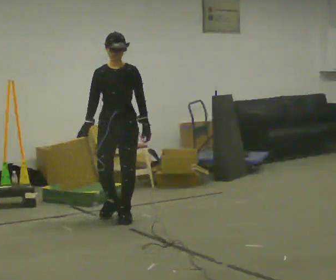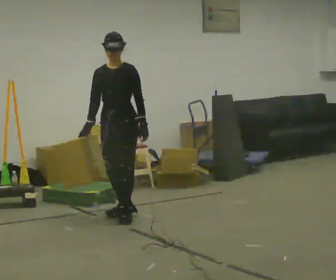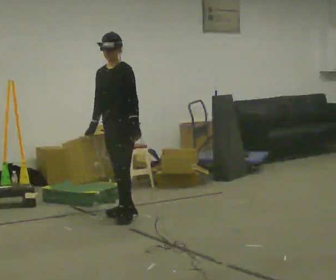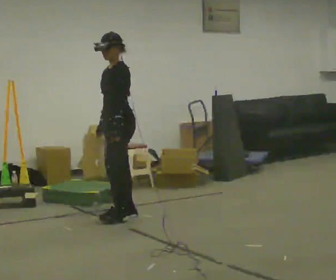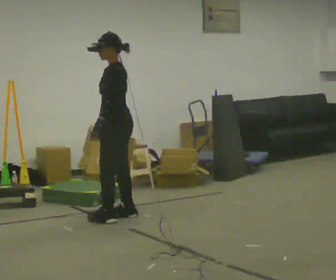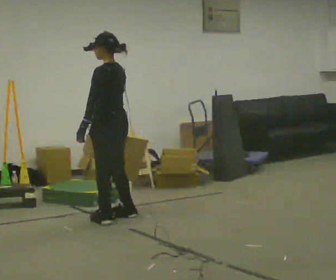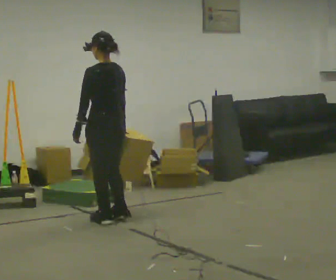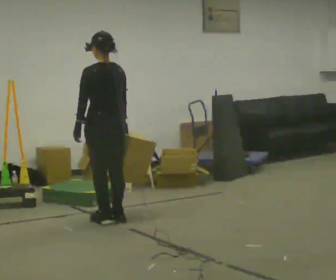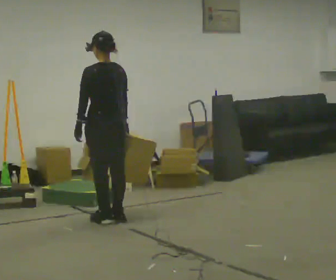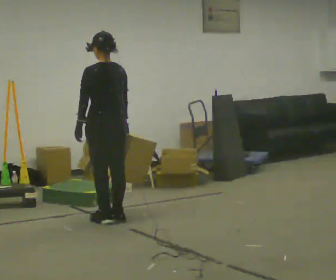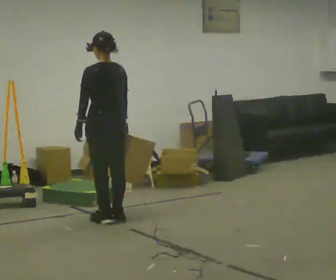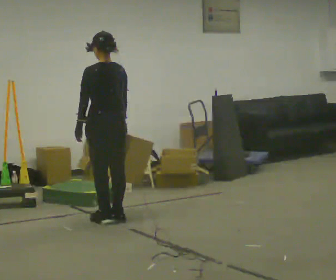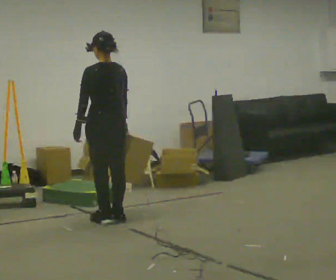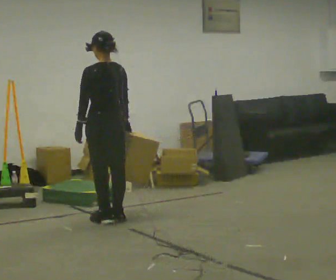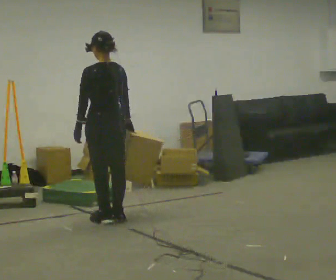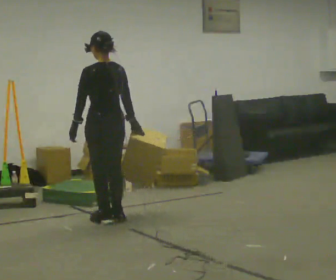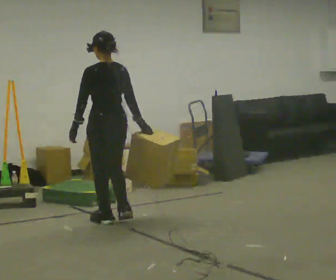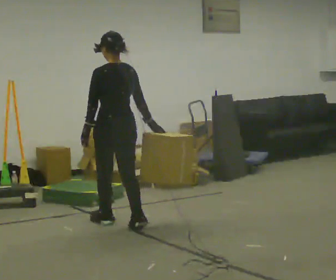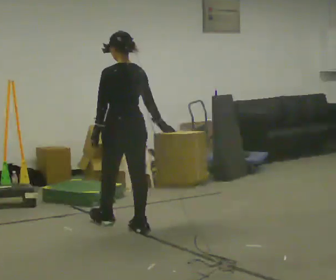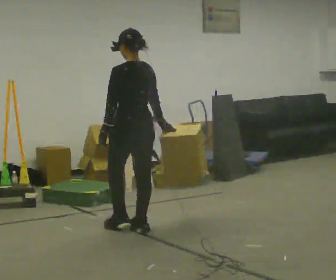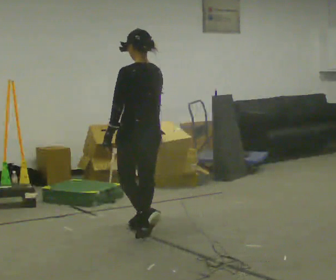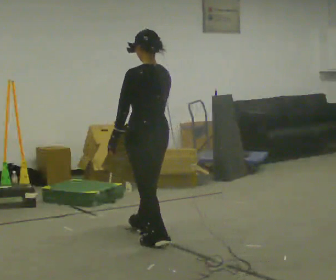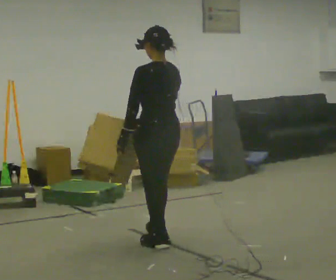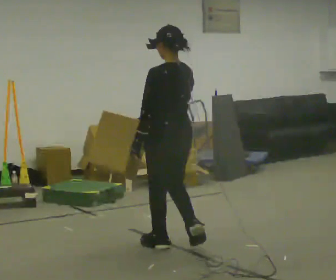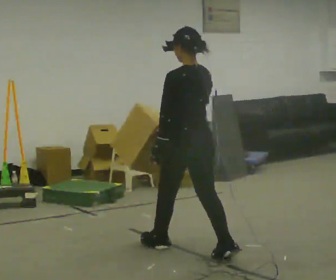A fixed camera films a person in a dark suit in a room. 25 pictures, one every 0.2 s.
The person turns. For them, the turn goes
to their right.
The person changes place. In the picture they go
toward the camera.
0.0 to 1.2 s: The person turns about 135 degrees to their right, clockwise seen from above, so the part of the body nearest the lens slides to the left. In the picture their left hand goes to the left, the arm swinging clockwise.
1.2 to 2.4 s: The person moves a little, or ends about where they began.
2.4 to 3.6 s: In the picture they go toward the camera, about 0.25 m in 1 step, which for them is backward.
3.6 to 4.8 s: In the picture they go toward the camera and to the right, about 1 m in 2 steps, which for them is backward.
The film runs backward here.
